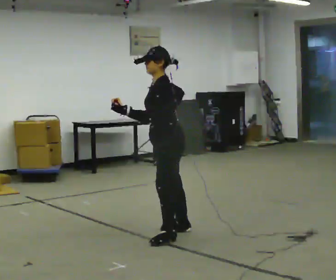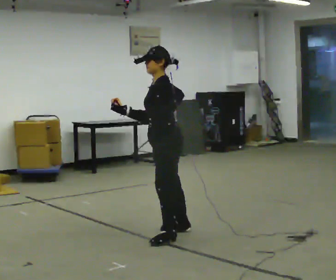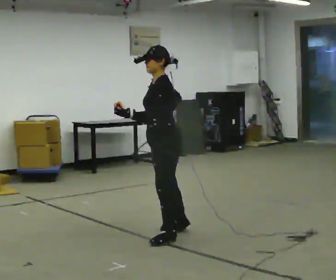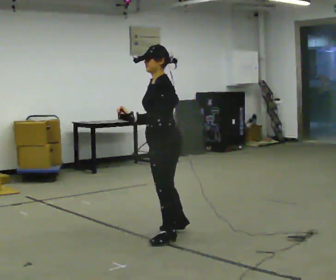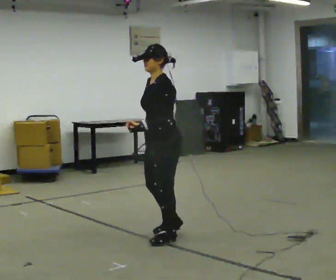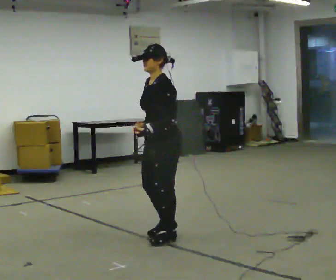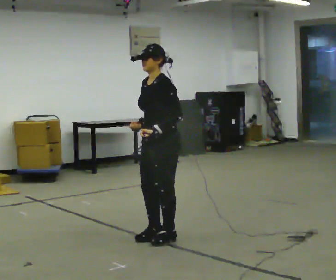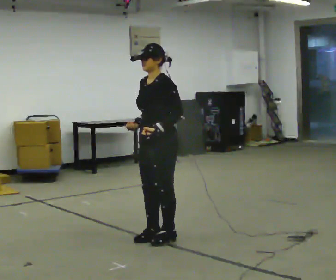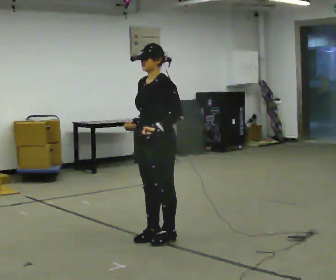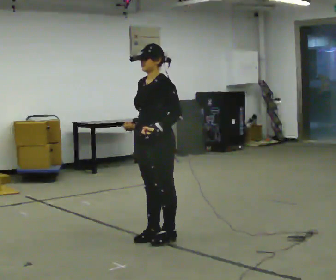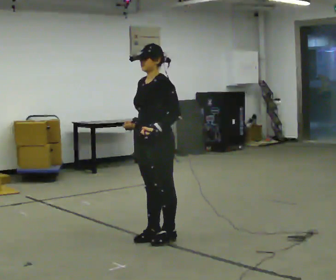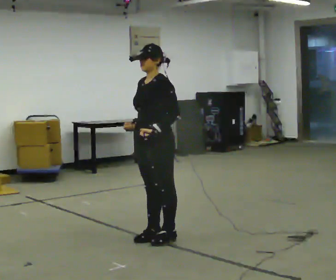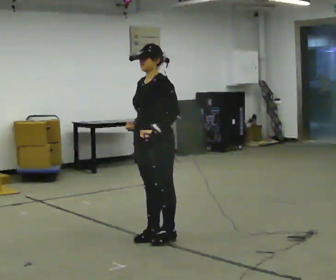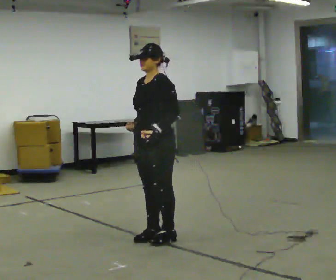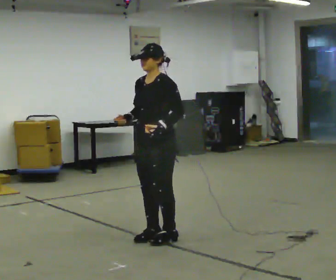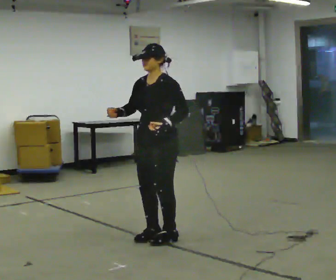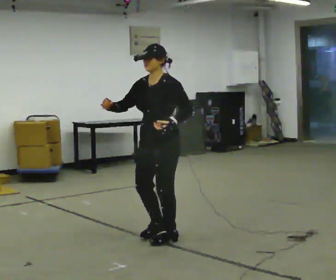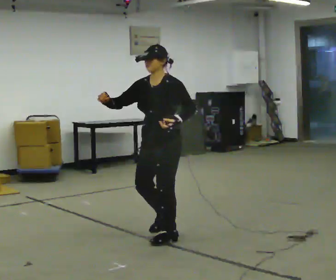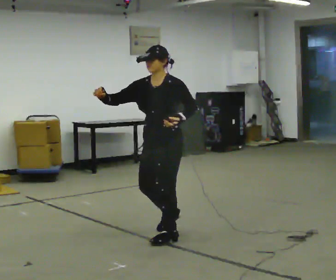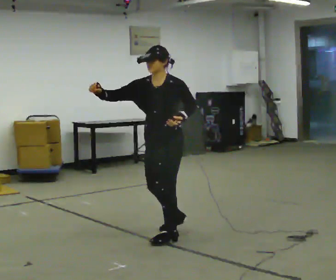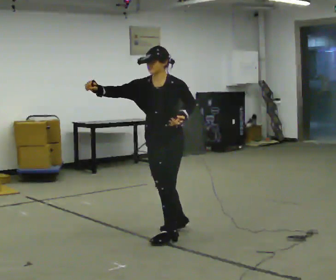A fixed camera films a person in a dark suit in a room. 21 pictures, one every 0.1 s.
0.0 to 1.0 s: The part of the body nearest the lens slides to the right as the person turns to their left by about 30 degrees.
1.0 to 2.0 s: The person moves a little, or ends about where they began.
The film runs backward here.
